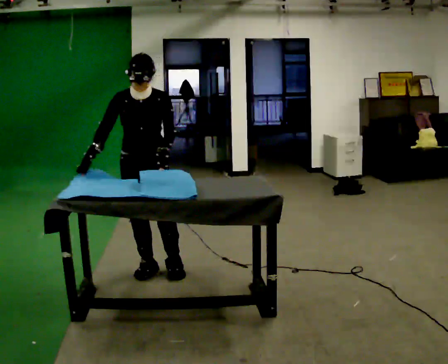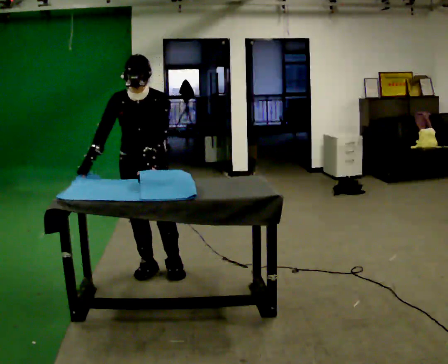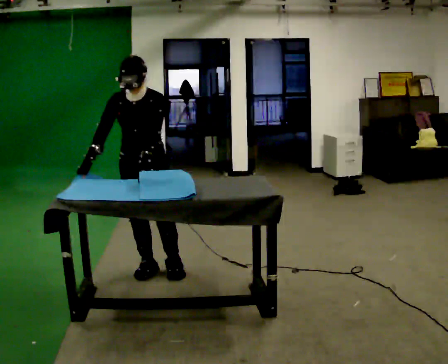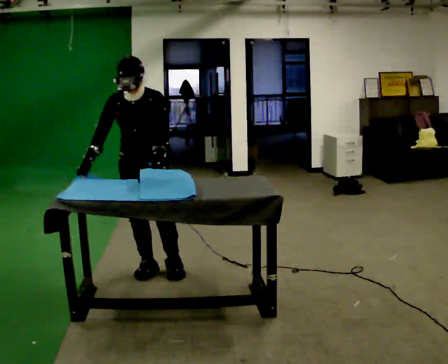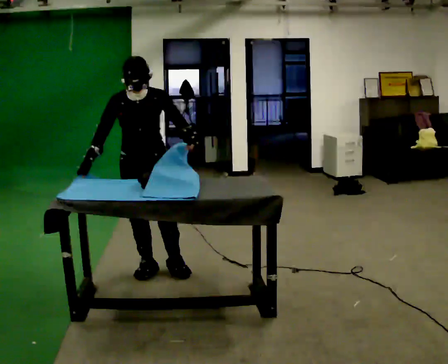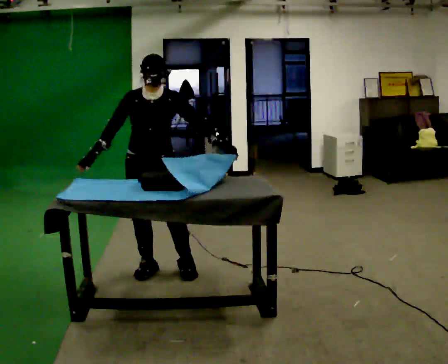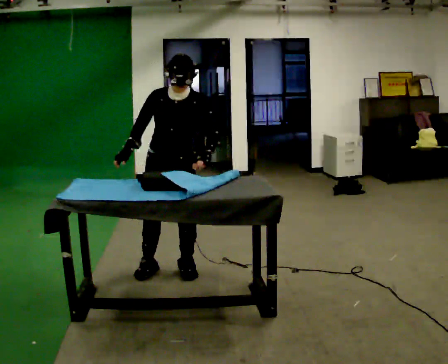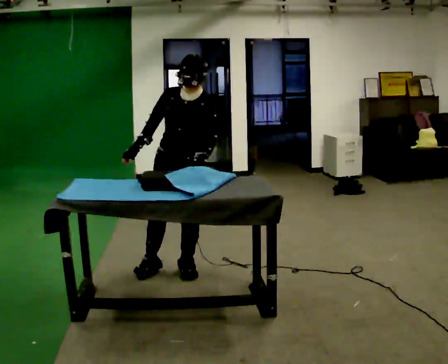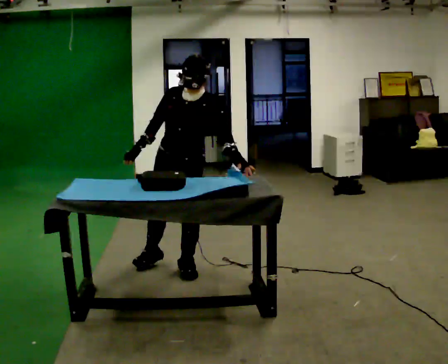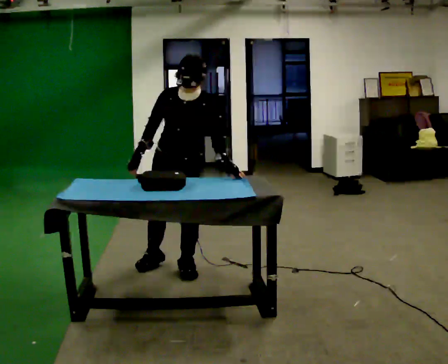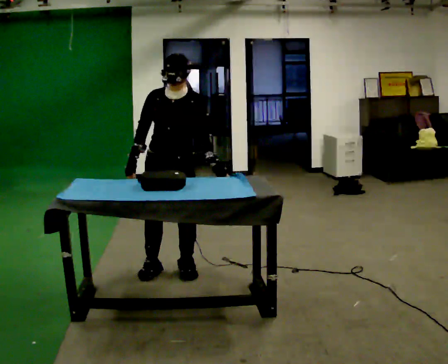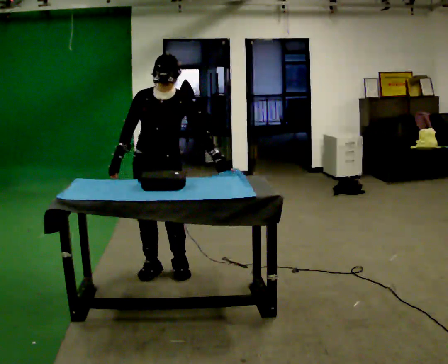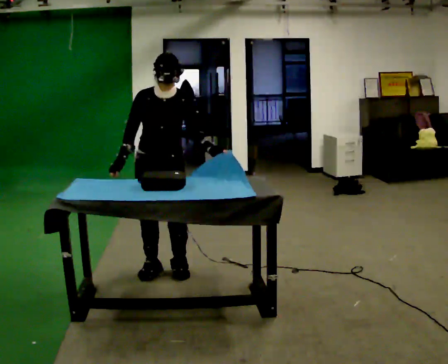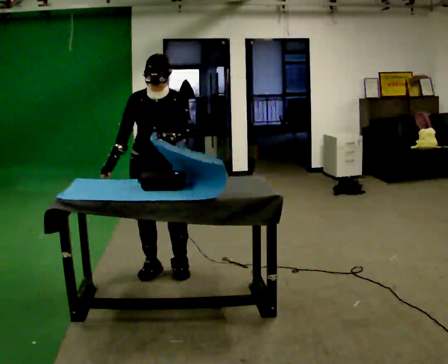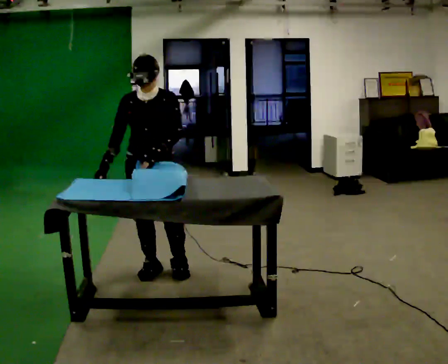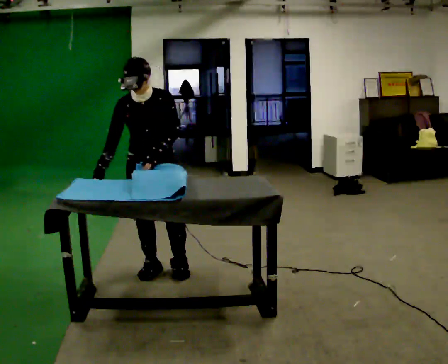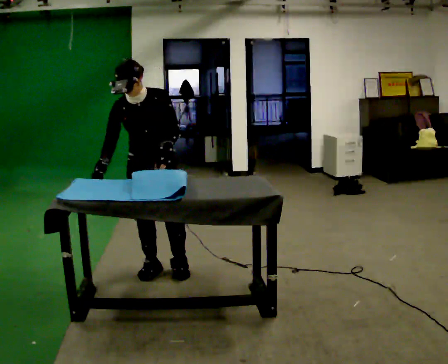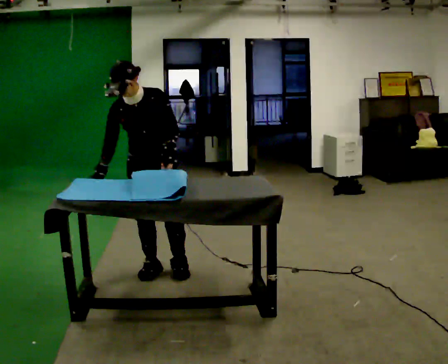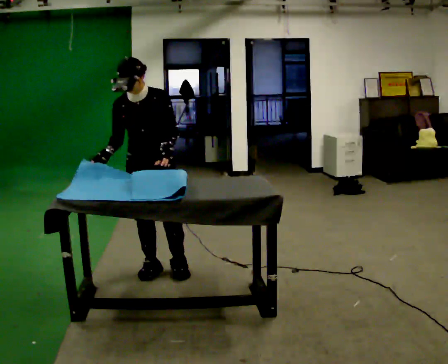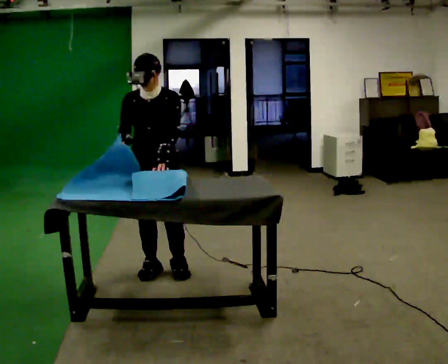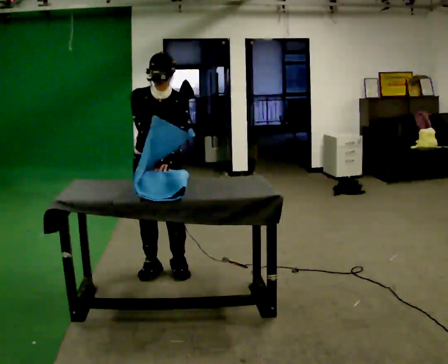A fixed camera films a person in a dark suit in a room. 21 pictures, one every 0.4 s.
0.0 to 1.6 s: The person moves a little, or ends about where they began.
1.6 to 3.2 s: The part of the body nearest the lens slides to the left as the person turns to their right by about 30 degrees. In the picture they go to the right, about 0.25 m, which for them is to their left. In the picture the upper body tilts clockwise, shoulders to the right.
3.2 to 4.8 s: In the picture they go to the left, about 0.25 m, which for them is to their right. The upper body tips away from the camera, its near side rolling upward.
4.8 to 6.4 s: In the picture the upper body tilts counterclockwise, shoulders to the left.
6.4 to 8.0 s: In the picture the upper body tilts clockwise, shoulders to the right. In the picture their right hand goes to the right.
The film runs forward here.
